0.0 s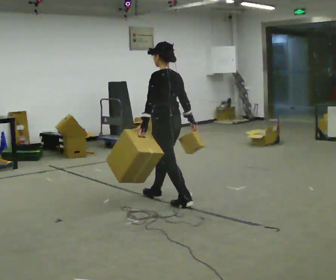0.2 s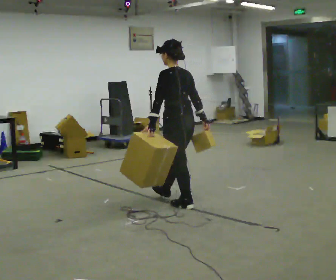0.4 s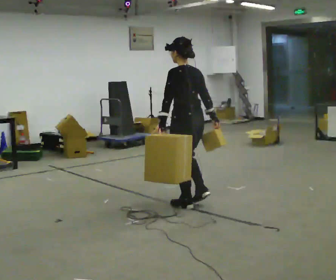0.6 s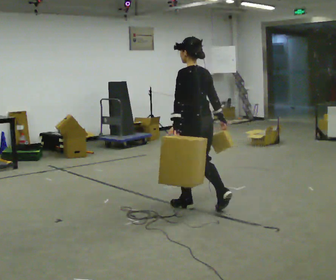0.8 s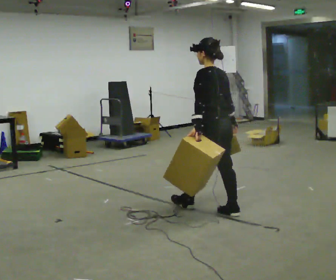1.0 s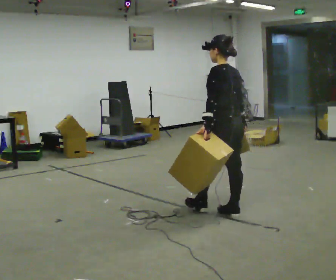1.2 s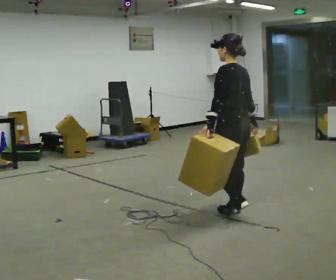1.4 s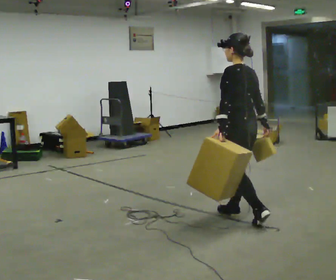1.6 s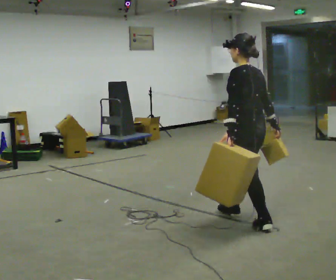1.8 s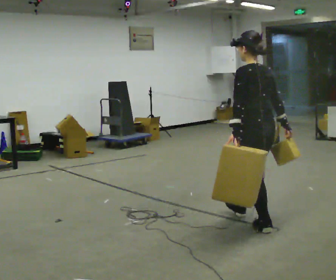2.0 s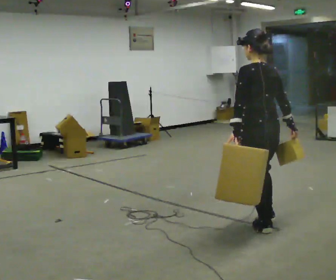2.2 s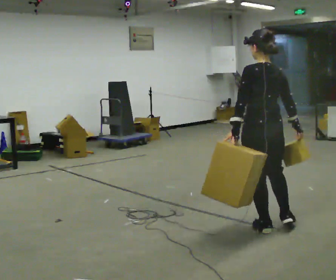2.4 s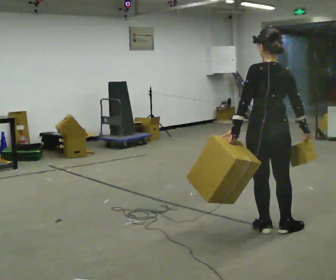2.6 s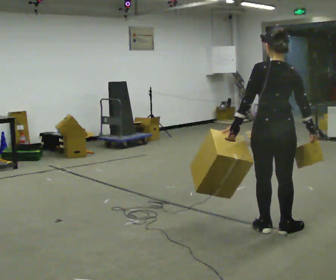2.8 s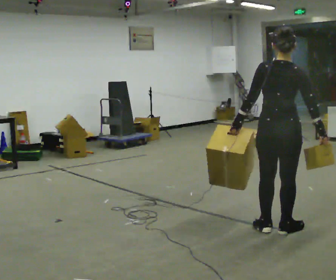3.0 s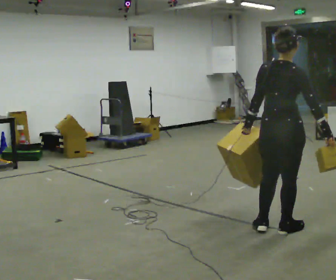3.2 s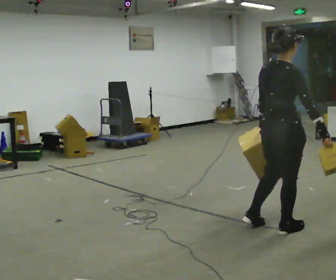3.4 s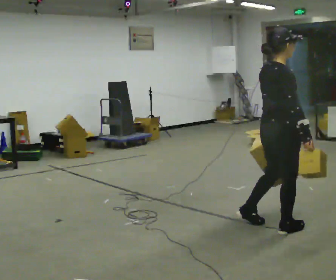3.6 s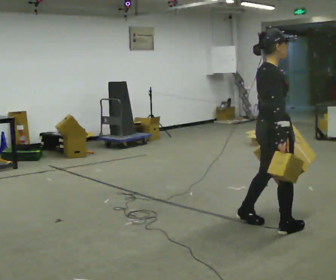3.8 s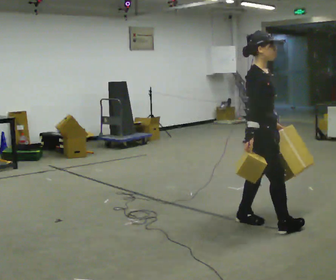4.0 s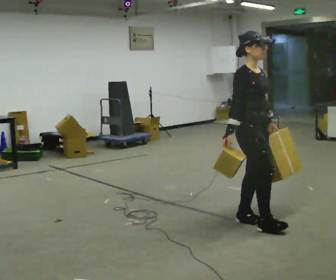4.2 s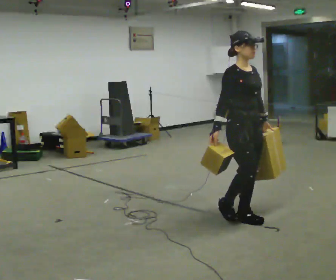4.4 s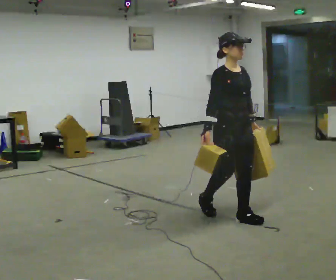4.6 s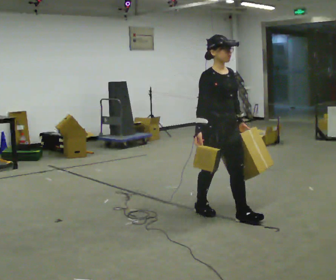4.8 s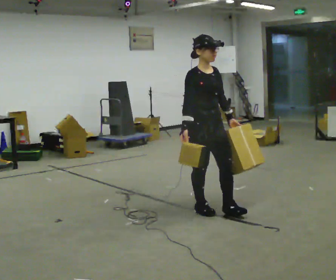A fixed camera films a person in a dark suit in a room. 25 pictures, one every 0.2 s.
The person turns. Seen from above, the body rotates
clockwise.
The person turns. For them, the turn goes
to their right.
0.0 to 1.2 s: In the picture they go to the right and toward the camera, about 1 m in 2 steps, which for them is backward.
1.2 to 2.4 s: The part of the body nearest the lens slides to the left as the person turns to their right by about 30 degrees. In the picture they go toward the camera and to the right, about 0.5 m in 1 step, which for them is backward.
2.4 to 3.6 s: The person turns about 90 degrees to their right, clockwise seen from above, so the part of the body nearest the lens slides to the left. In the picture their left hand goes to the right.
3.6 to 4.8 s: The person turns about 60 degrees to their right, clockwise seen from above, so the part of the body nearest the lens slides to the left. In the picture they go to the left and away from the camera, about 0.75 m in 2 steps.
The film runs backward here.
